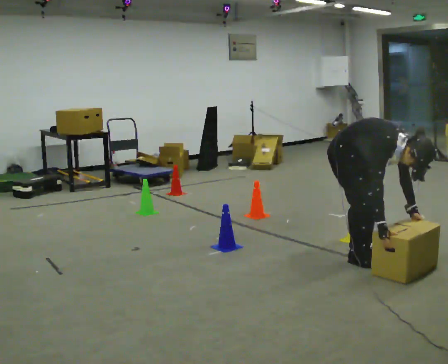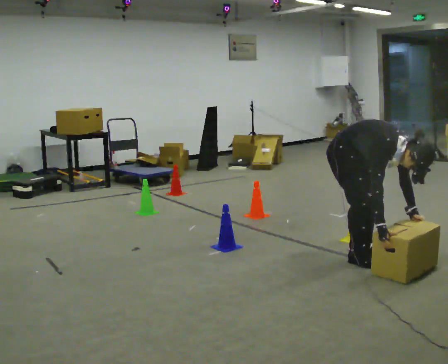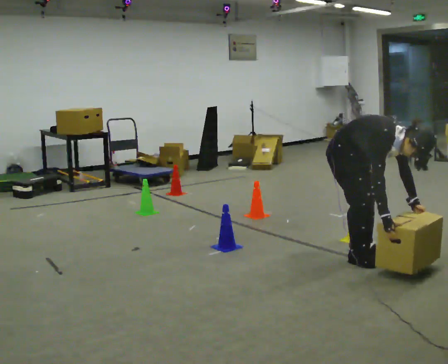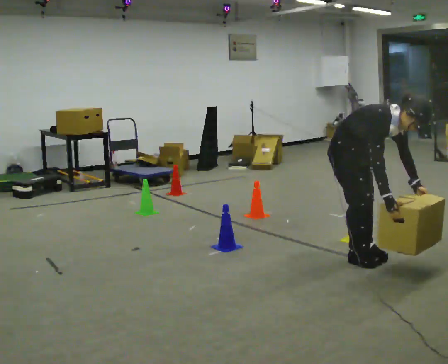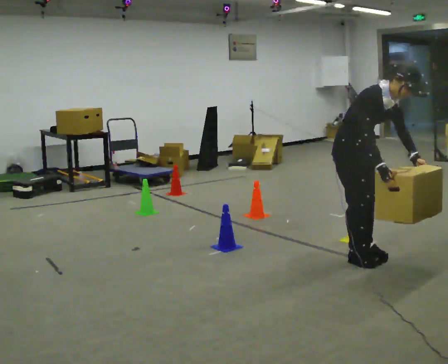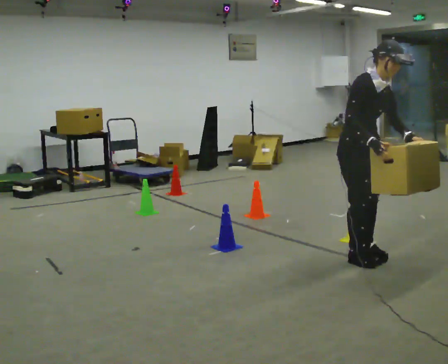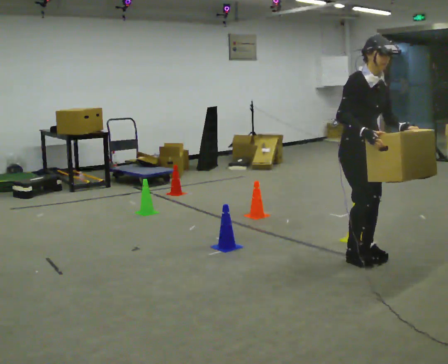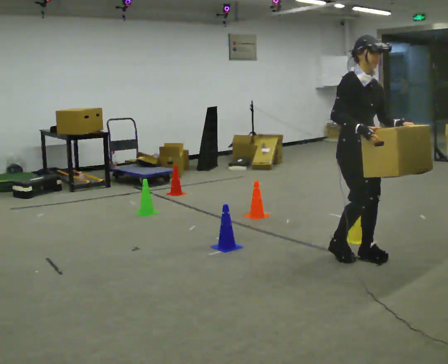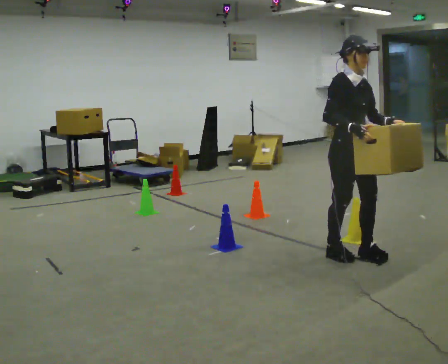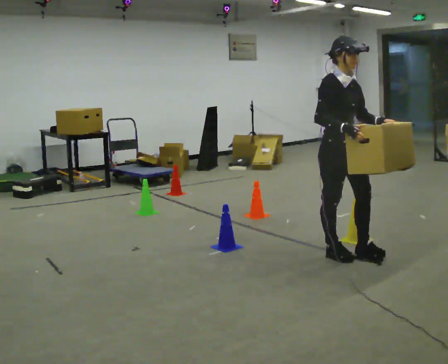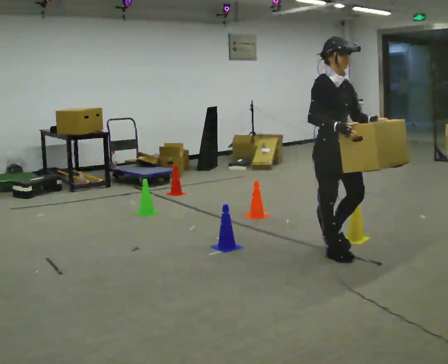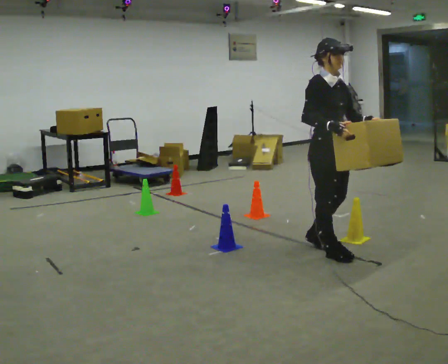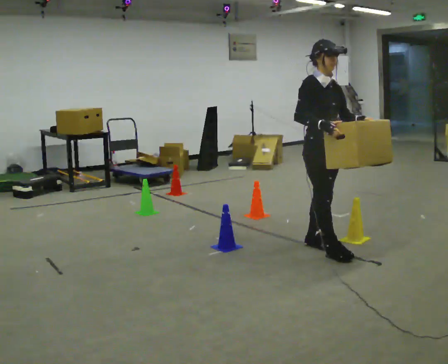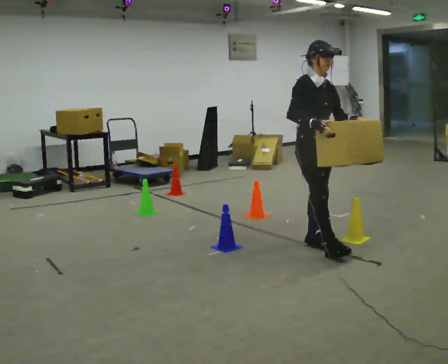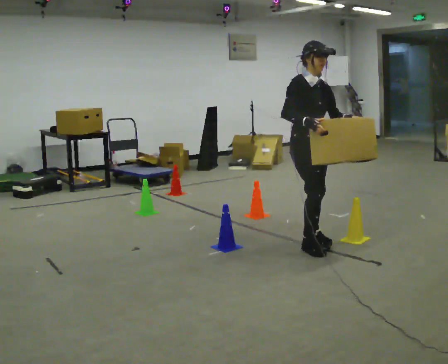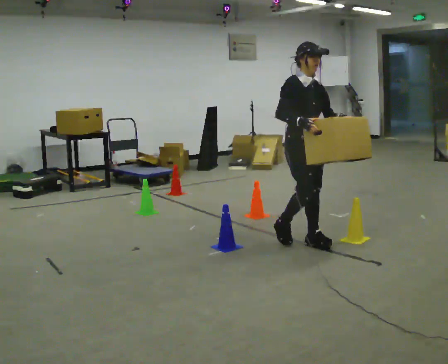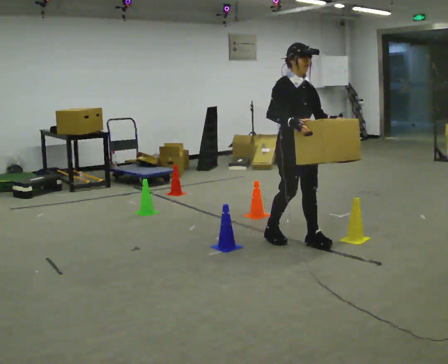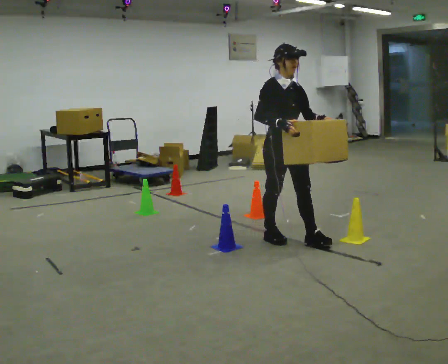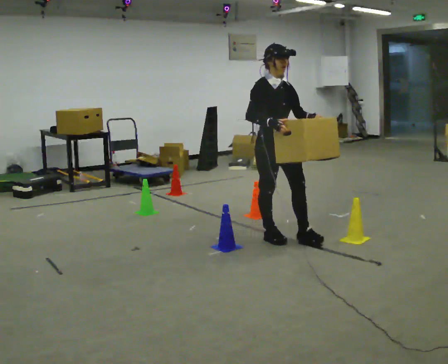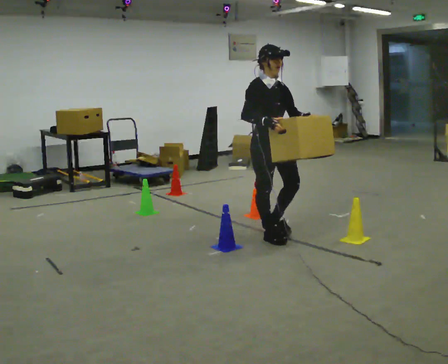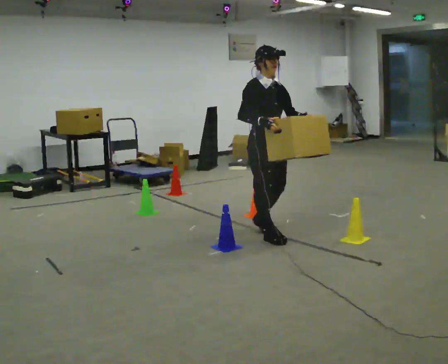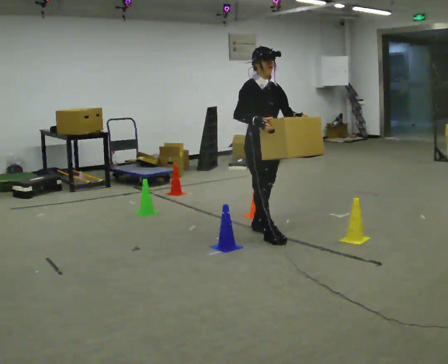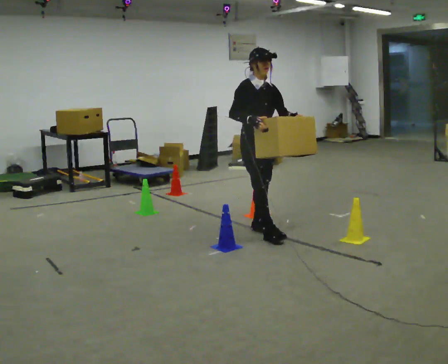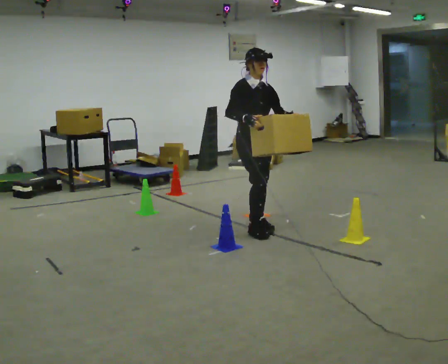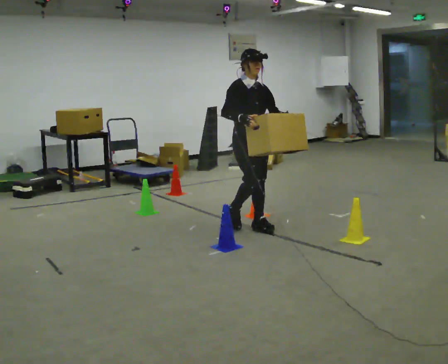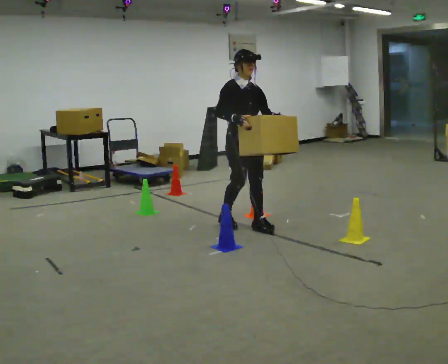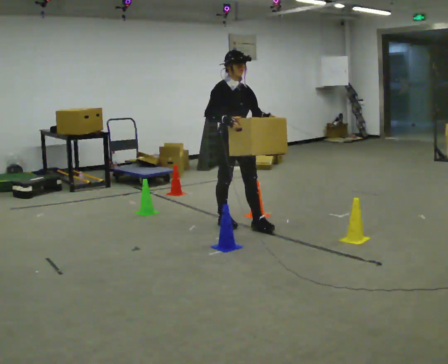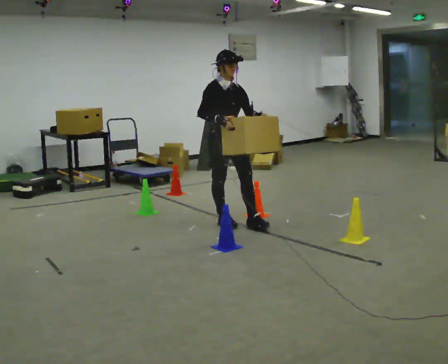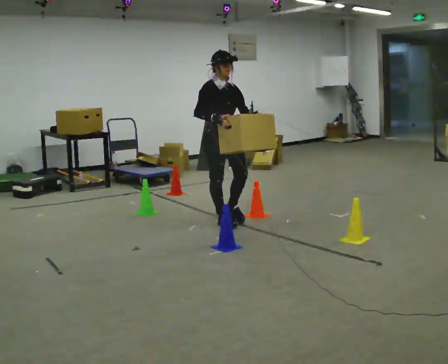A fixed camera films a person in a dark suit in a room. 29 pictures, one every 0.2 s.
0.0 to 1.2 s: The upper body goes upward. In the picture the upper body tilts counterclockwise, shoulders to the left, as they lean back or straighten. In the picture their right hand goes upward.
1.2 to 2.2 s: In the picture they go to the left, about 0.25 m in 1 step, which for them is backward.
2.2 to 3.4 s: In the picture they go to the left and away from the camera, about 0.5 m in 1 step, which for them is backward.
3.4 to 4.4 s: In the picture they go away from the camera and to the left, about 0.25 m in 1 step, which for them is backward.
4.4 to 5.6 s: In the picture they go to the left and away from the camera, about 0.5 m in 2 steps, which for them is backward.
The film runs backward here.
